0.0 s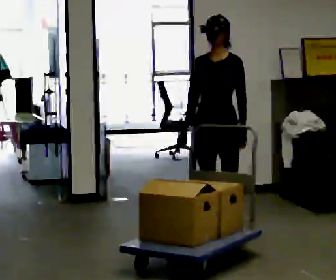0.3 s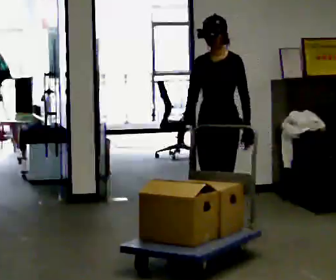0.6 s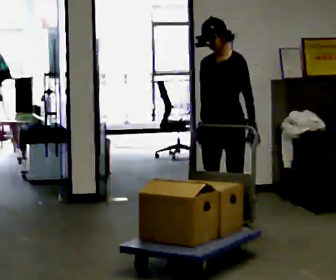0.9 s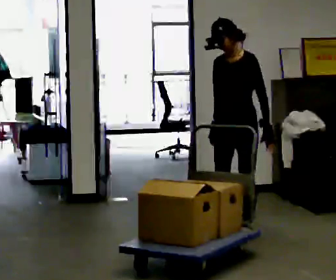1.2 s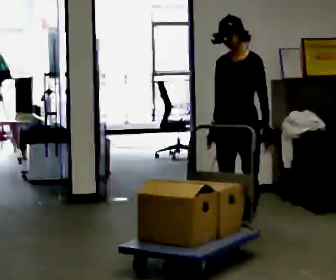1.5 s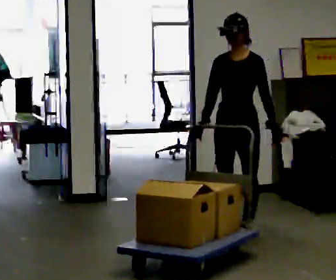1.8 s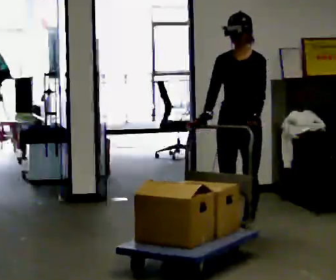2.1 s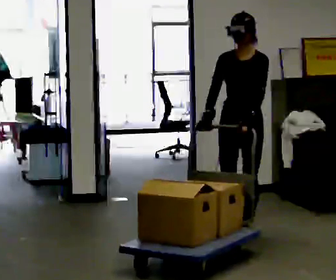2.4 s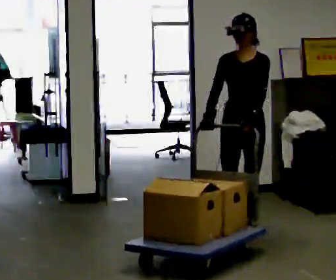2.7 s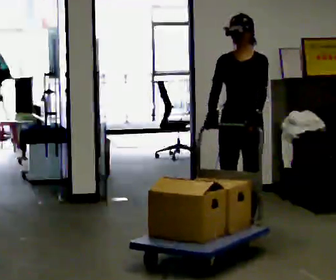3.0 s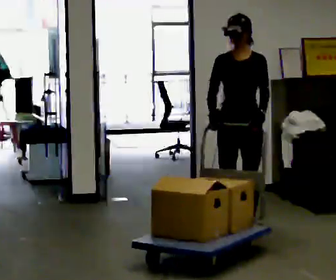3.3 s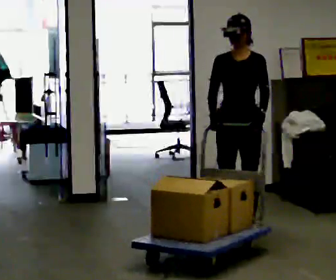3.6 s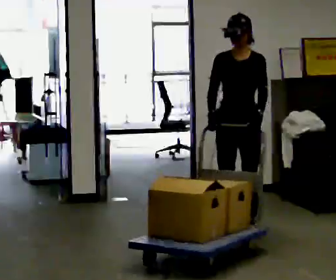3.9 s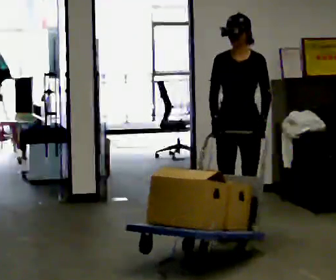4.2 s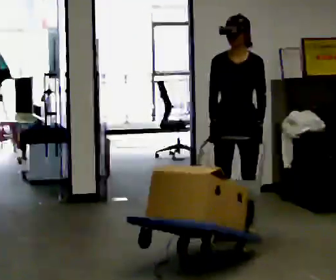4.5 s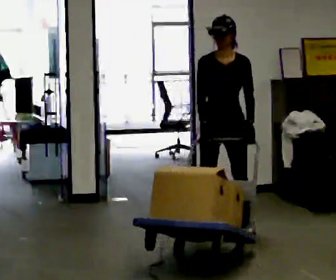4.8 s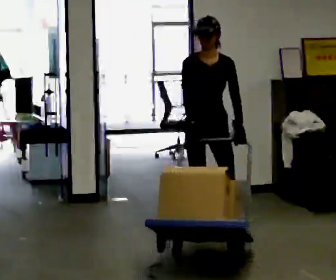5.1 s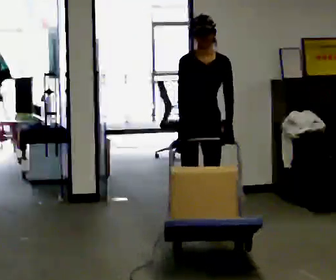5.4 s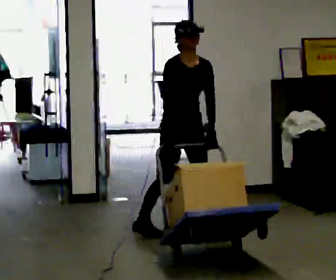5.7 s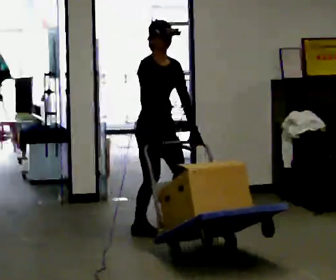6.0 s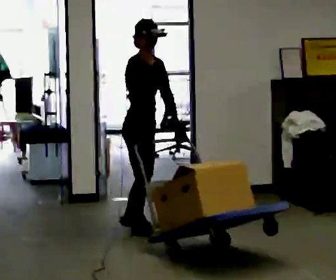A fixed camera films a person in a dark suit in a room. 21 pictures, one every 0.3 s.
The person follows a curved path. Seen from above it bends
counterclockwise.
0.0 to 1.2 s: In the picture they go to the right, about 0.25 m in 1 step, which for them is to their left.
1.2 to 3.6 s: The person moves a little, or ends about where they began.
3.6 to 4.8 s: The part of the body nearest the lens slides to the right as the person turns to their left by about 30 degrees. In the picture they go to the left, about 0.25 m in 2 steps, which for them is to their right.
4.8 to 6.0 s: The part of the body nearest the lens slides to the right as the person turns to their left by about 60 degrees. In the picture they go to the left, about 0.5 m in 2 steps, which for them is to their right and backward.
The film runs backward here.
